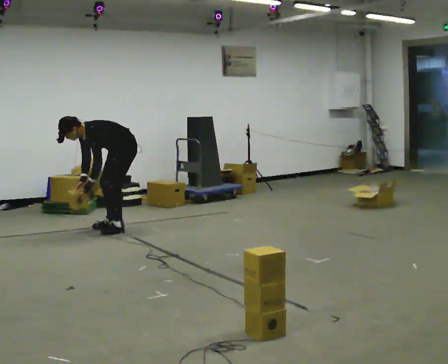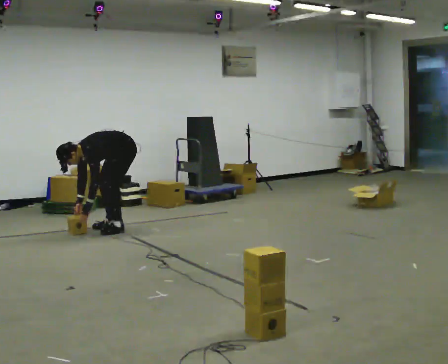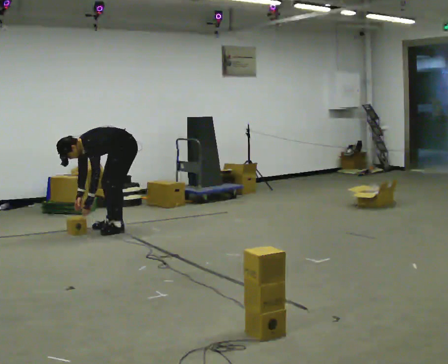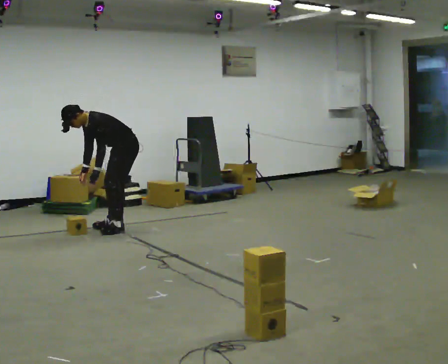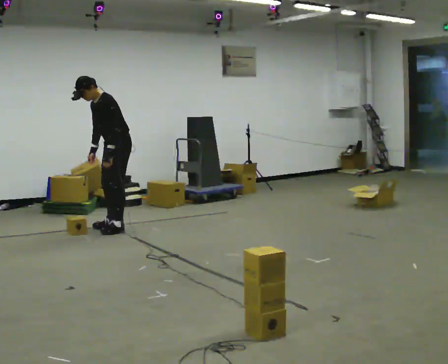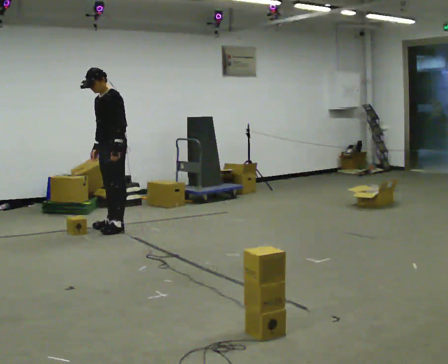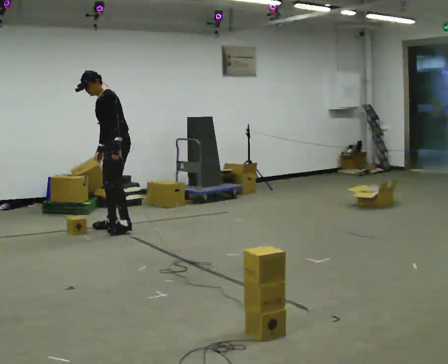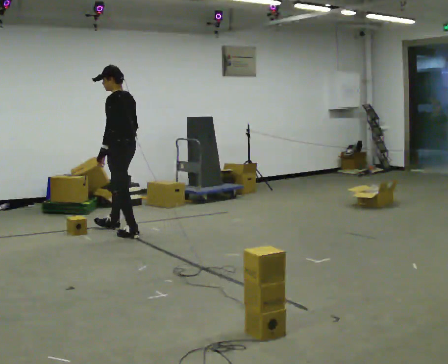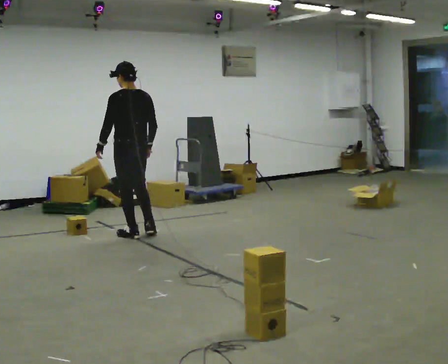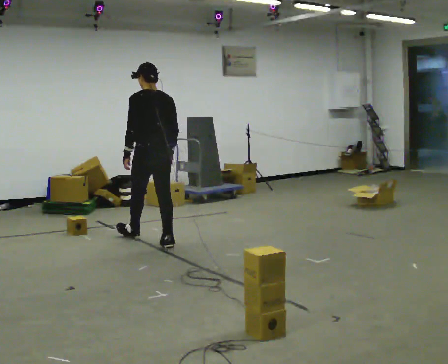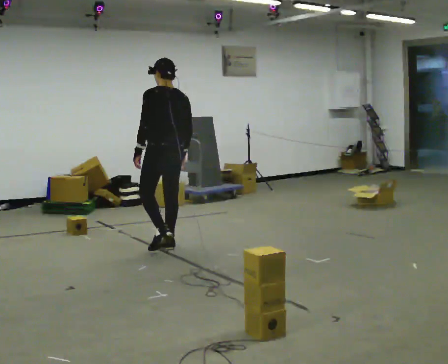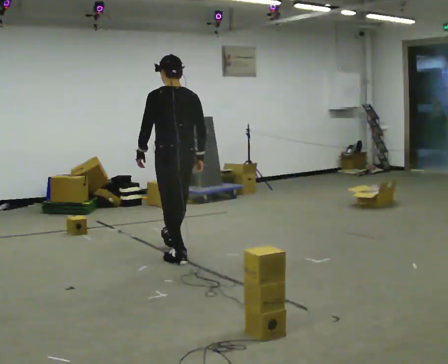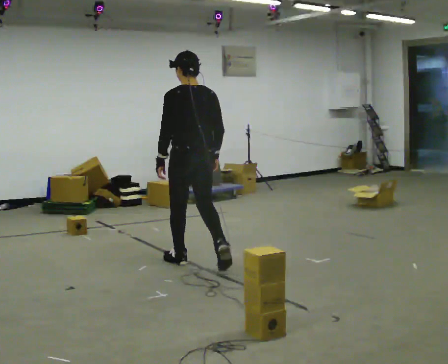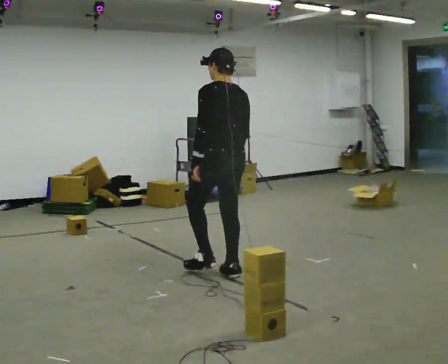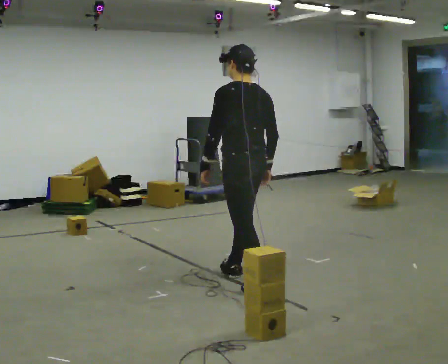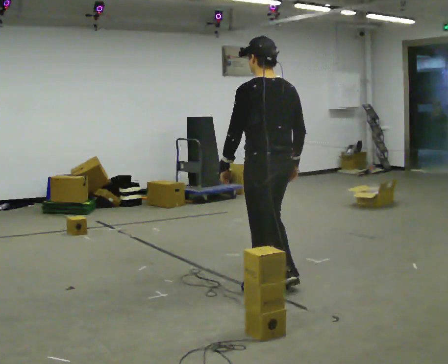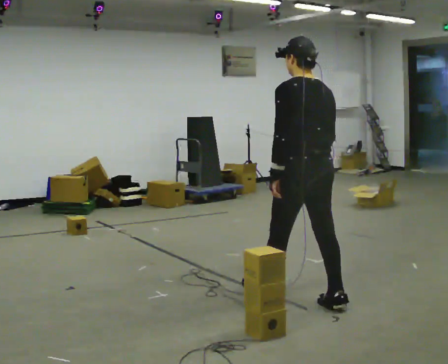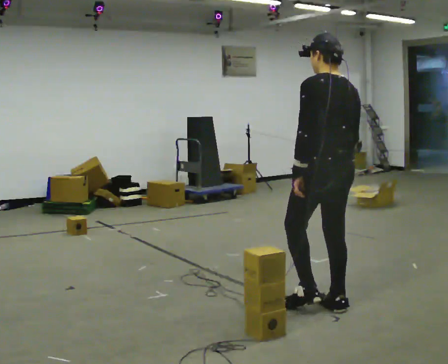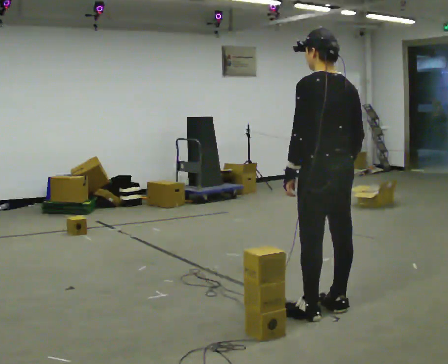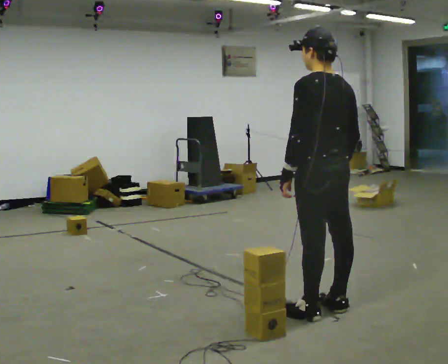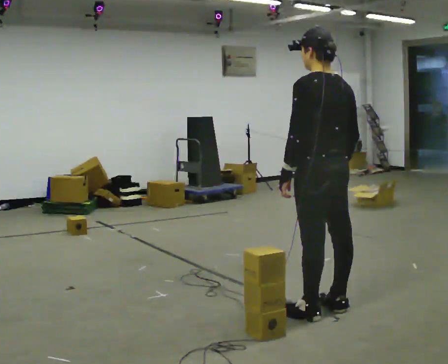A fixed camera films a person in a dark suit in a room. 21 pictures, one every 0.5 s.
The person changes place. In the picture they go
toward the camera.
0.0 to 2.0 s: In the picture their left hand goes upward.
2.0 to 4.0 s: The part of the body nearest the lens slides to the left as the person turns to their right by about 90 degrees. In the picture they go toward the camera and to the right, about 0.5 m in 2 steps.
4.0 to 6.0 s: In the picture they go toward the camera and to the right, about 1 m in 2 steps, which for them is backward.
6.0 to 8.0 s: In the picture they go toward the camera and to the right, about 1 m in 2 steps, which for them is backward.
8.0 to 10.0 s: In the picture they go toward the camera, about 0.25 m in 1 step, which for them is backward.
The film runs backward here.
